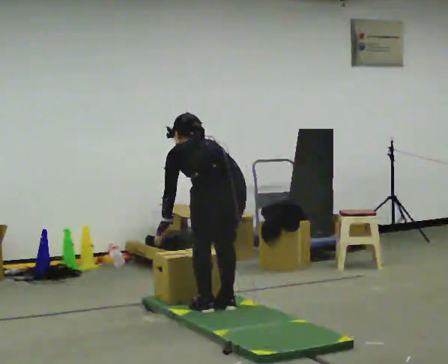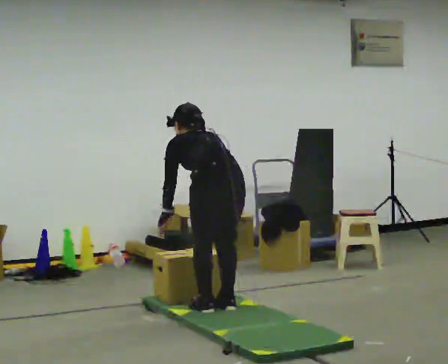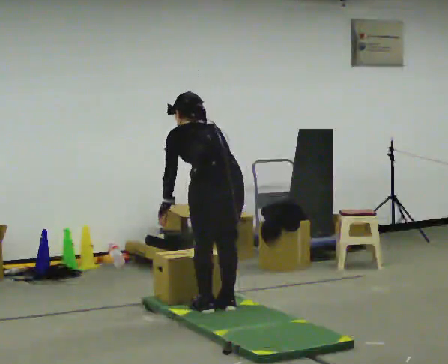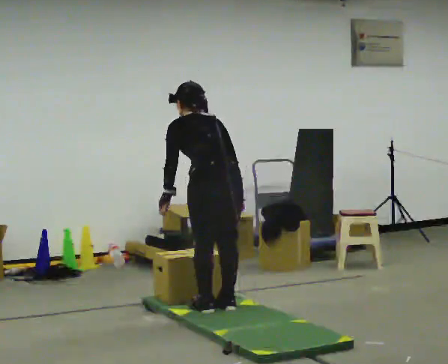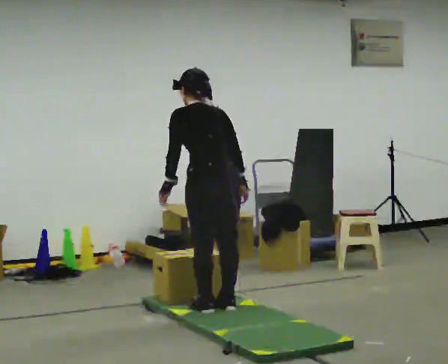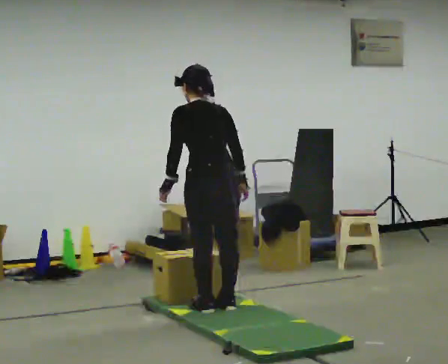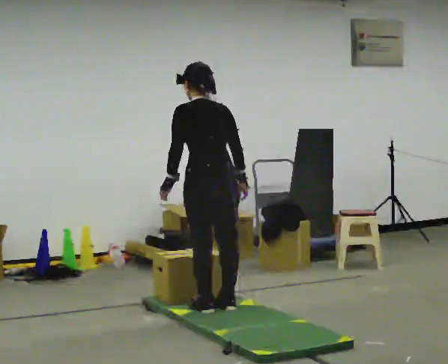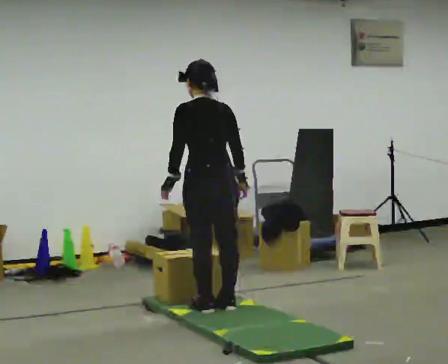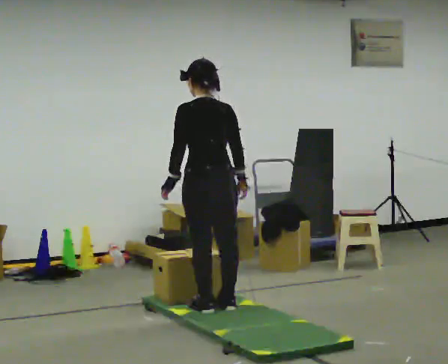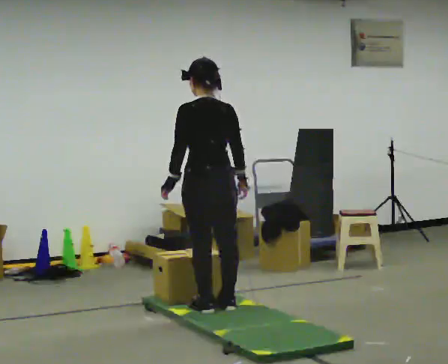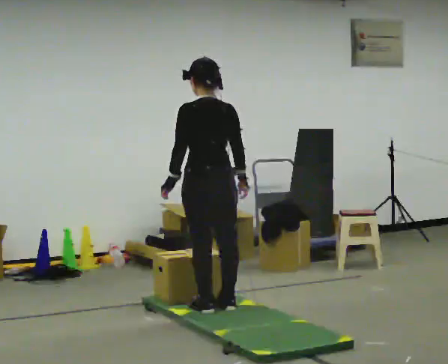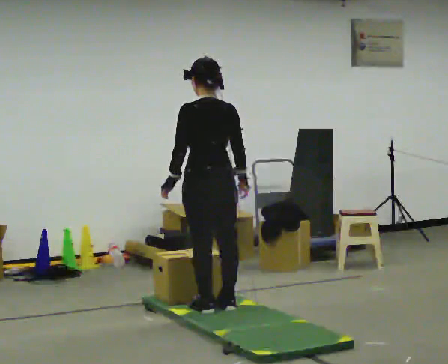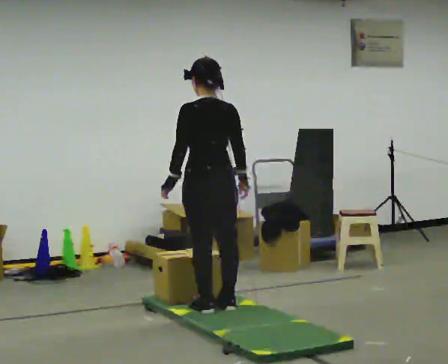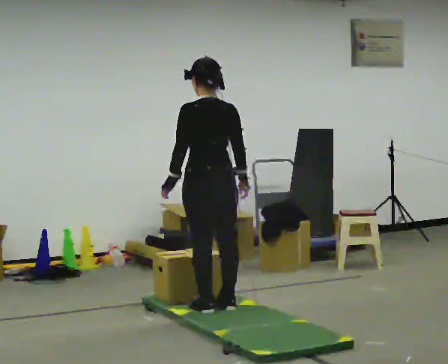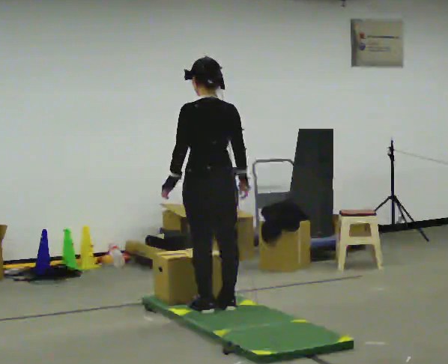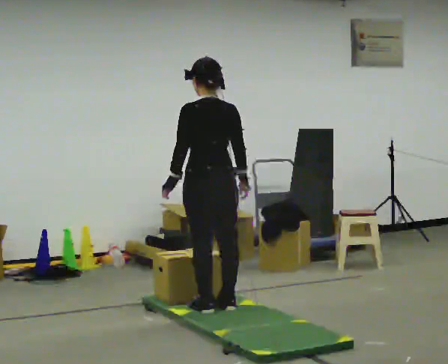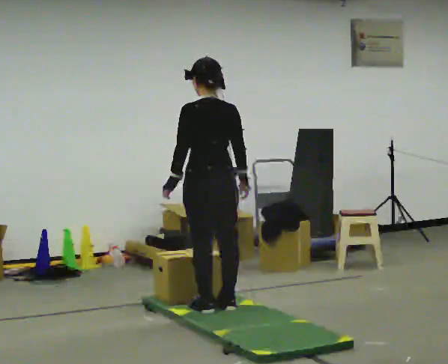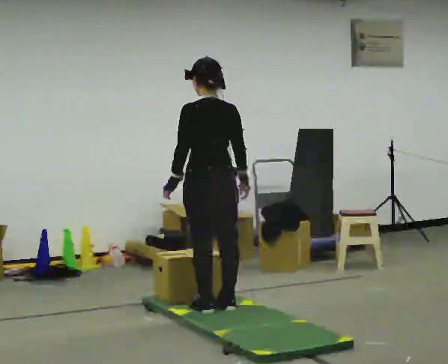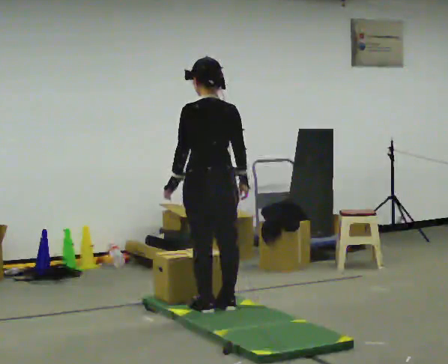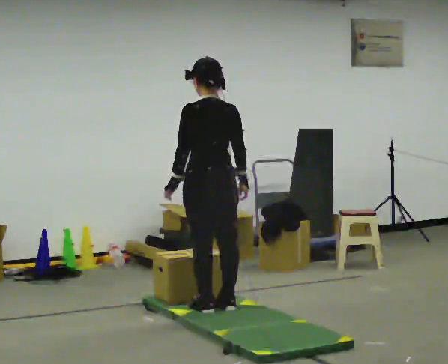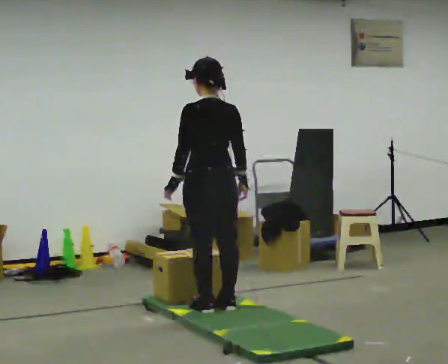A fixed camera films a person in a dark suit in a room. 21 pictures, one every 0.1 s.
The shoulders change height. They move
upward.
The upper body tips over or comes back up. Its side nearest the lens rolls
downward.
0.0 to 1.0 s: The upper body goes upward. The upper body tips toward the camera, its near side rolling downward, as they lean back or straighten.
1.0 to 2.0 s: The person moves a little, or ends about where they began.
The film runs backward here.
